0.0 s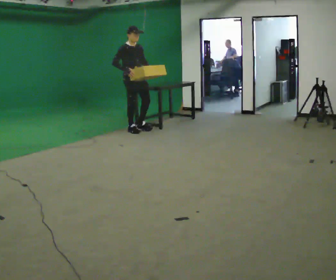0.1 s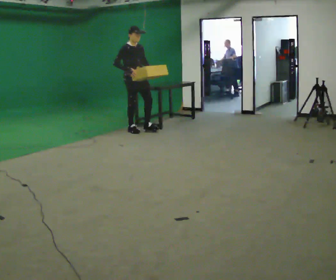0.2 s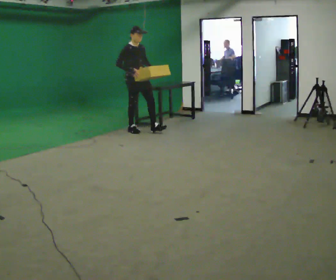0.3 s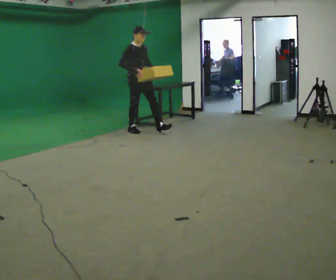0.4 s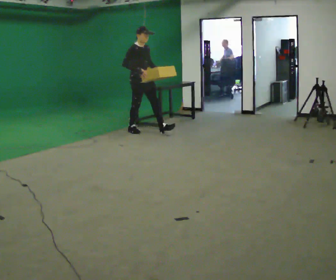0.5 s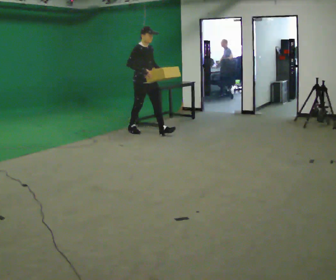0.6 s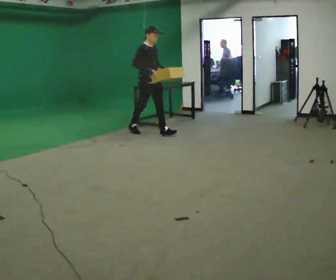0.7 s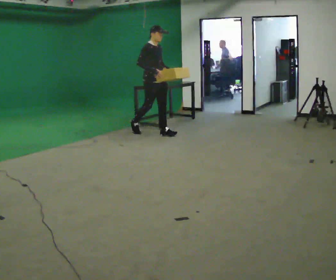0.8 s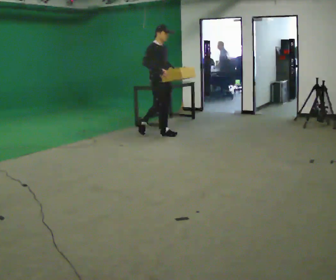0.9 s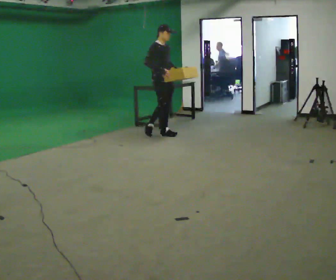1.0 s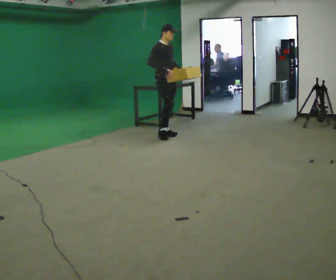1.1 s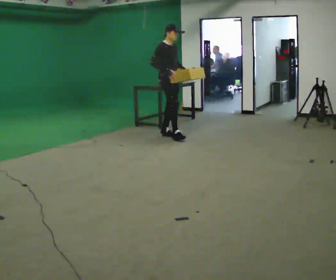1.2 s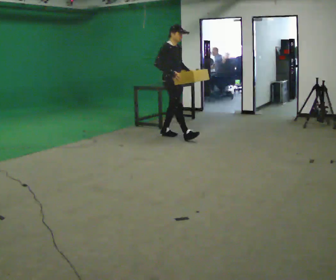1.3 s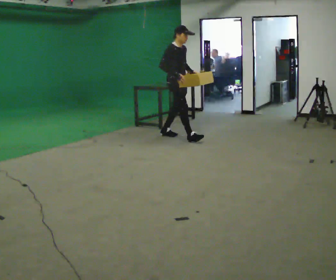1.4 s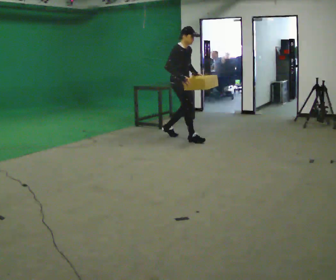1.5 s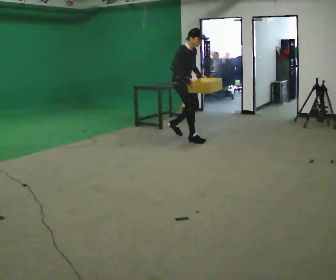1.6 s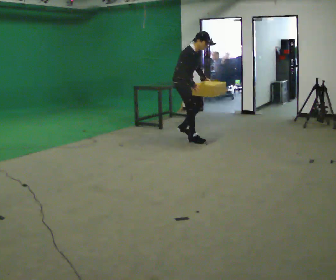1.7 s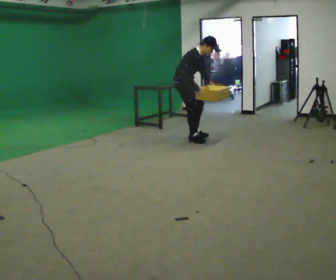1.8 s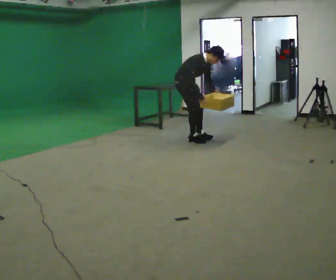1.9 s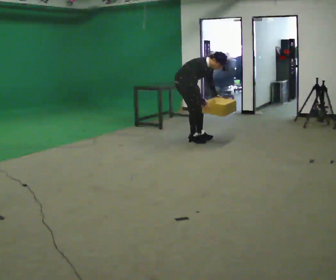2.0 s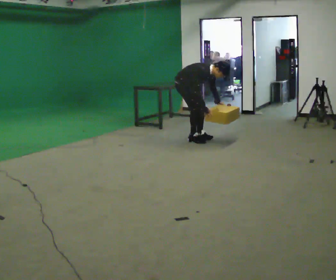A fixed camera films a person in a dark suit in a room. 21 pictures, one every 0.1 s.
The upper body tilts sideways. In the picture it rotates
clockwise.
Their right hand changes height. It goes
downward.
0.0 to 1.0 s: In the picture they go to the right and toward the camera, about 0.5 m in 1 step, which for them is forward.
1.0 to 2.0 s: In the picture they go to the right and toward the camera, about 0.5 m in 2 steps, which for them is forward. The upper body goes downward. In the picture the upper body tilts clockwise, shoulders to the right, as they bend forward. In the picture their right hand goes downward.
The film runs forward here.
